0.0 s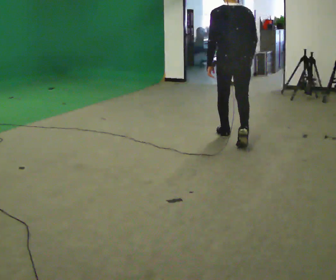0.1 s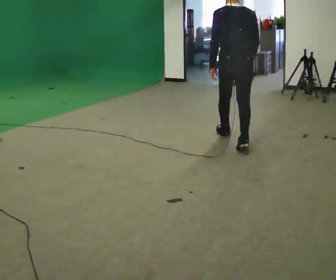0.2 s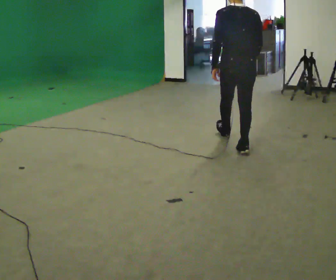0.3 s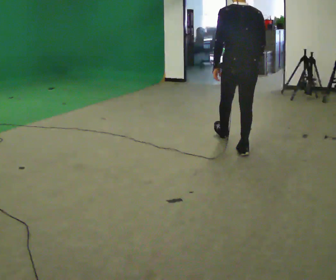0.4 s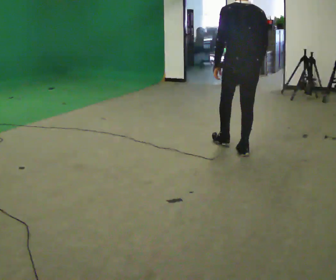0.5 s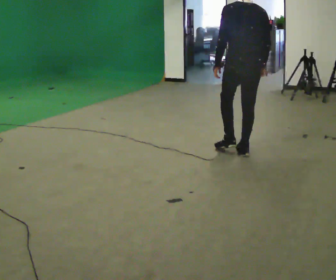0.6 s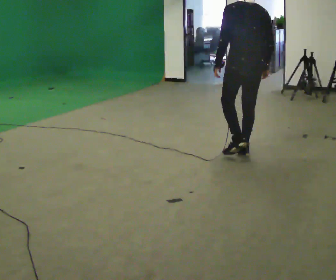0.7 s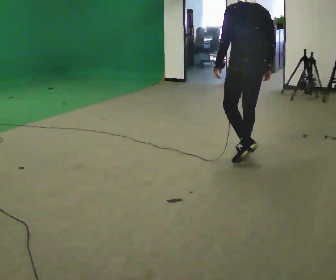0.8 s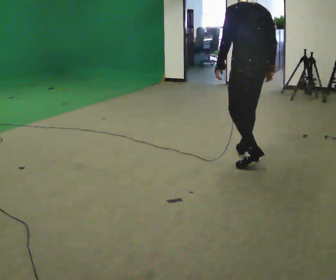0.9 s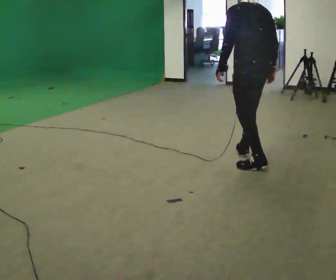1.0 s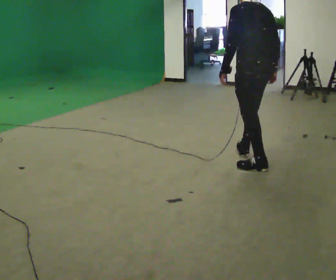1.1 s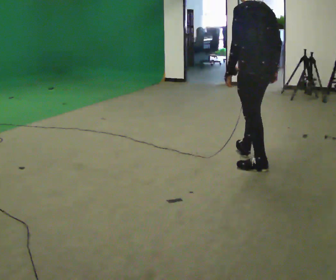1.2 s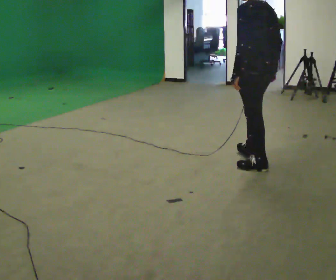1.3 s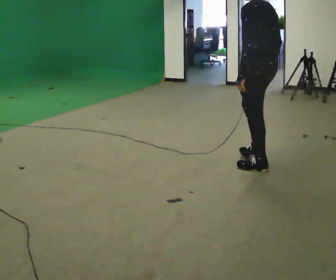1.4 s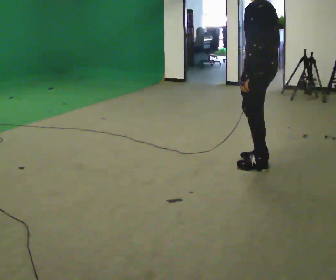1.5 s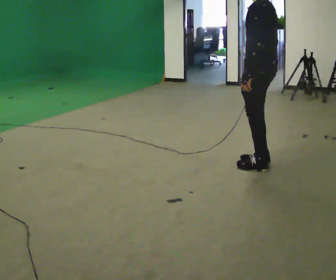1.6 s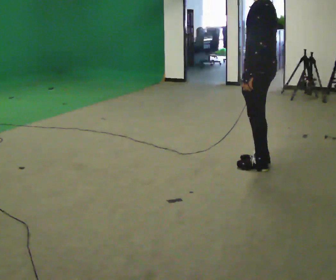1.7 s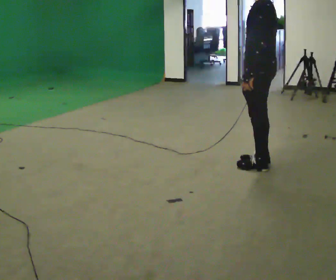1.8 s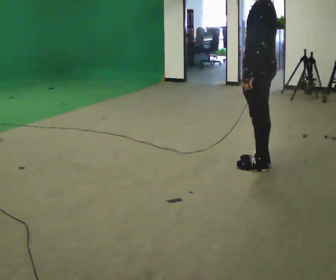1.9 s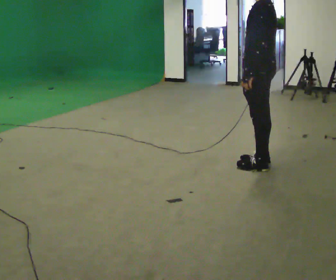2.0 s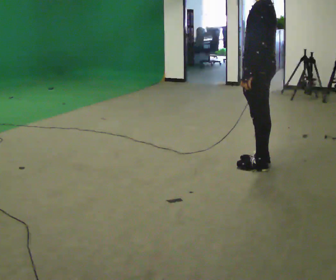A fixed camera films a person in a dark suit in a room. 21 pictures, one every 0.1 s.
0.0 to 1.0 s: Seen from above the body turns counterclockwise, about 30 degrees: to their left, with its near side sliding to the right. In the picture they go toward the camera and to the right, about 0.5 m in 1 step, which for them is backward.
1.0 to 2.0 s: The part of the body nearest the lens slides to the right as the person turns to their left by about 30 degrees.
The film runs backward here.
